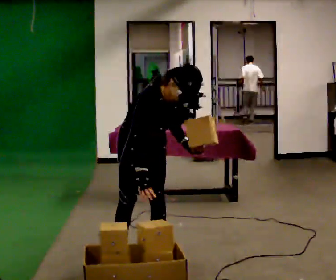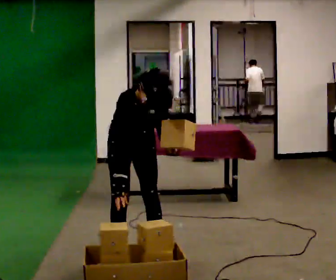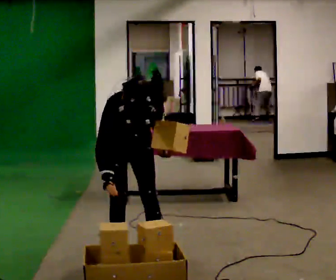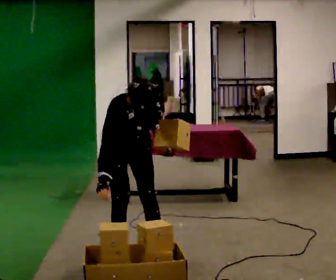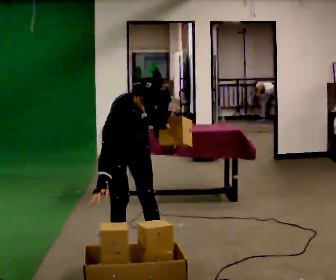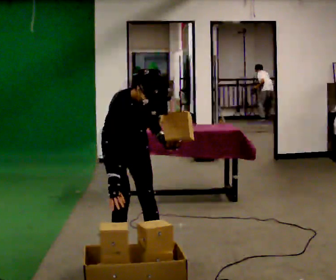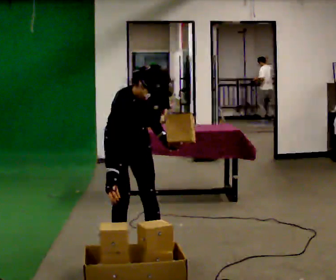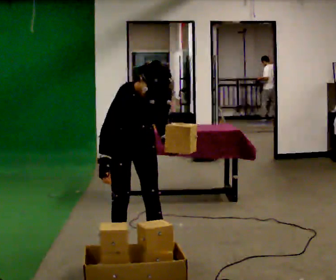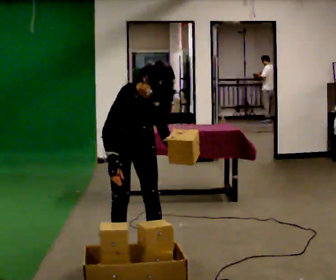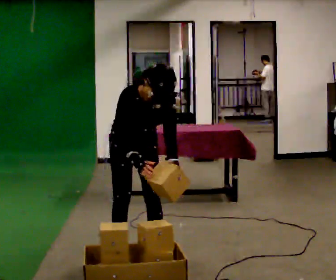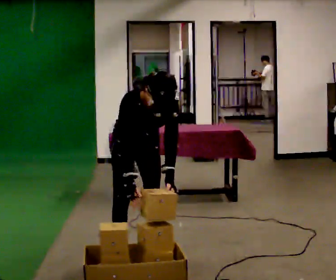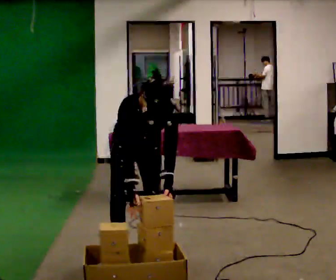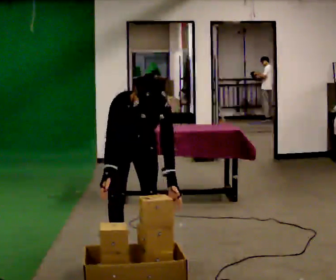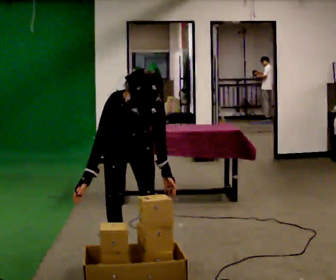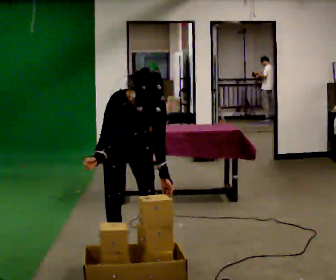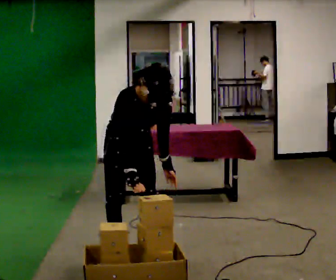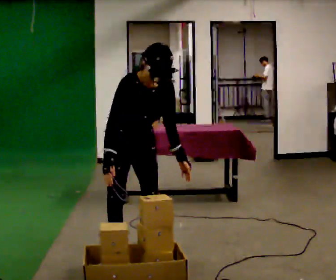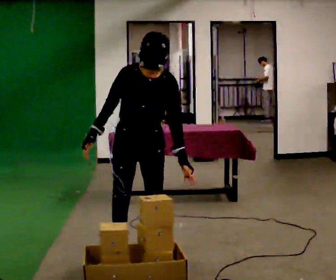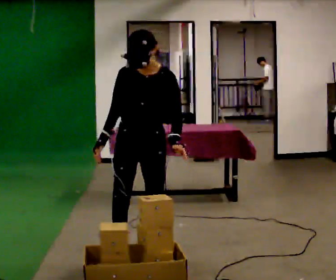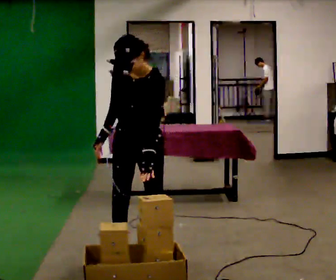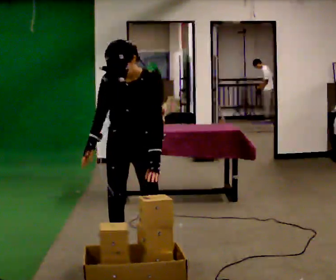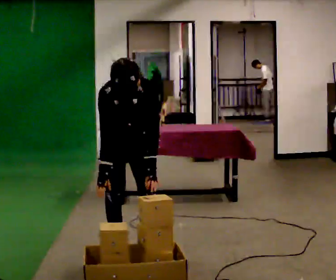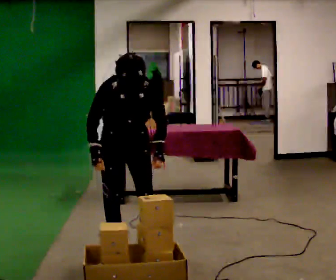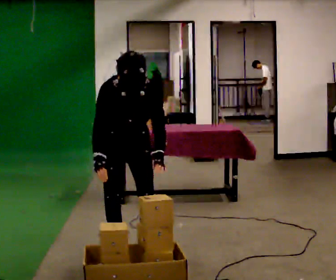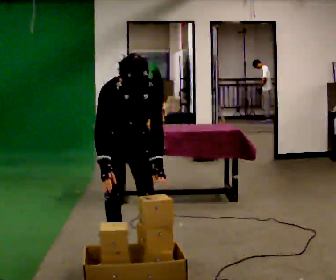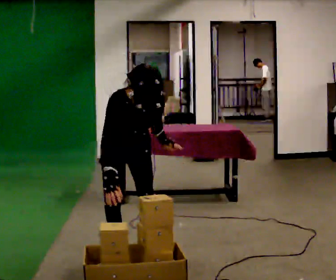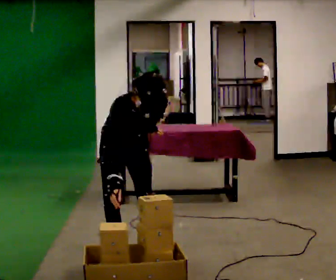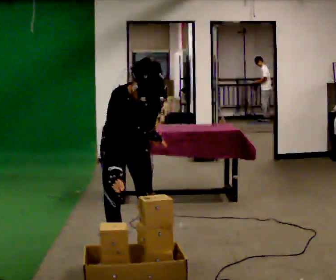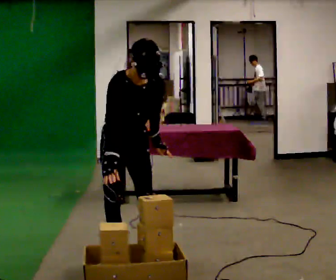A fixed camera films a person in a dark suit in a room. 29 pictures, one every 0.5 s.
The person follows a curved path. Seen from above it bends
counterclockwise.
0.0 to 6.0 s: The person moves a little, or ends about where they began.
6.0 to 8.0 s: The upper body tips away from the camera, its near side rolling upward, as they lean back or straighten.
8.0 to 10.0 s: In the picture the upper body tilts counterclockwise, shoulders to the left.
10.0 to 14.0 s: The part of the body nearest the lens slides to the right as the person turns to their left by about 30 degrees.
The film runs forward here.
